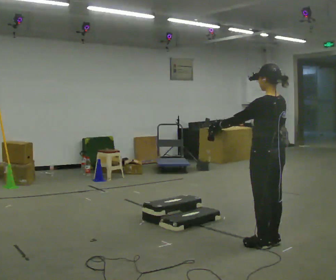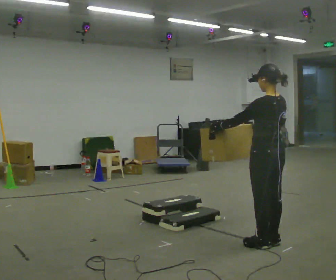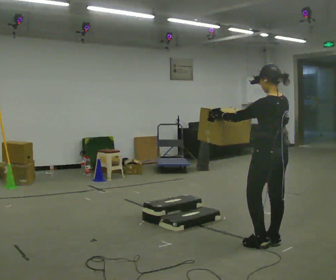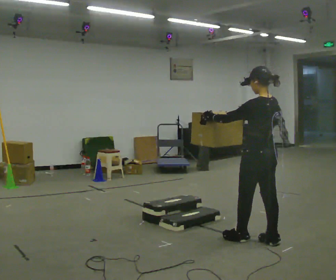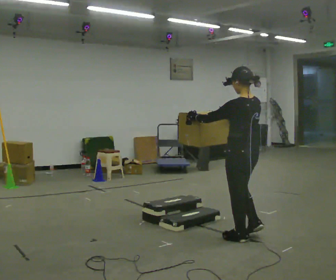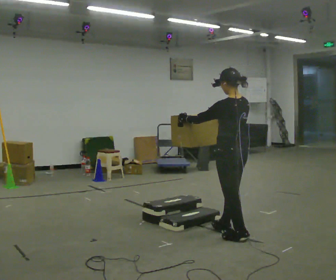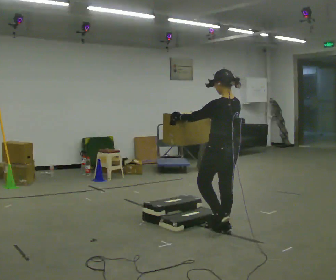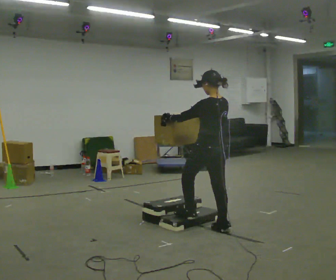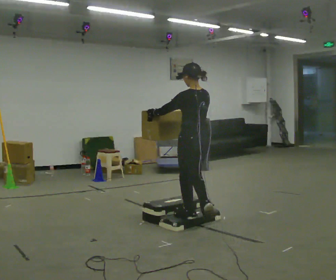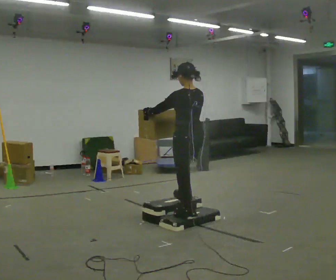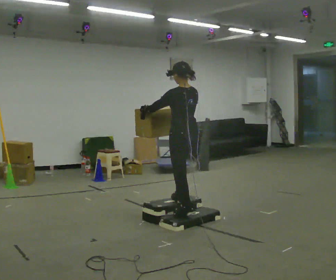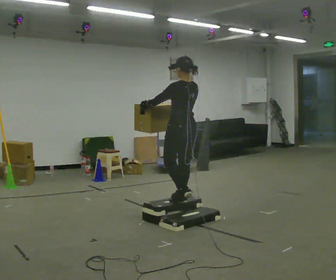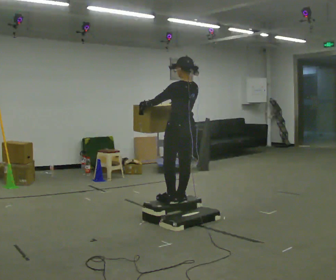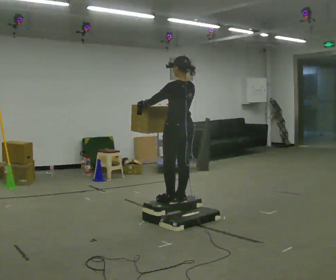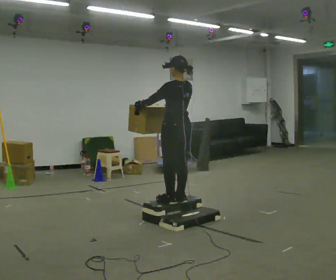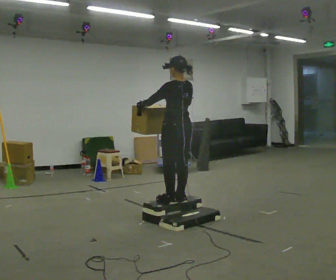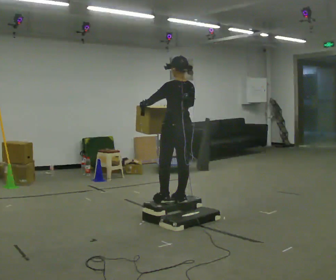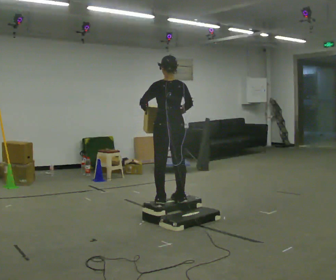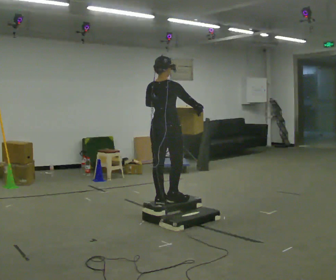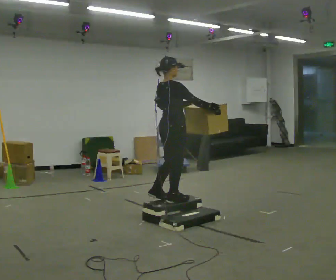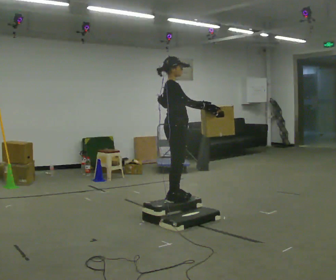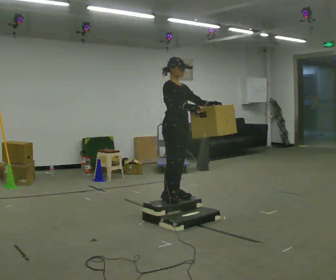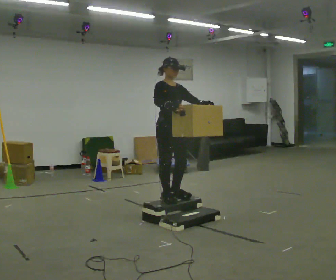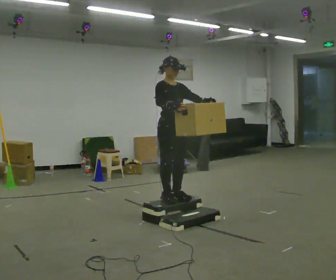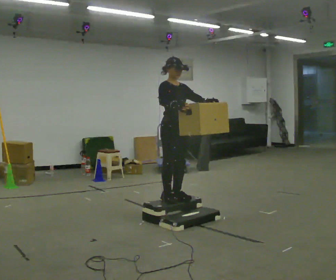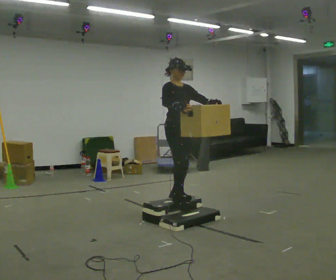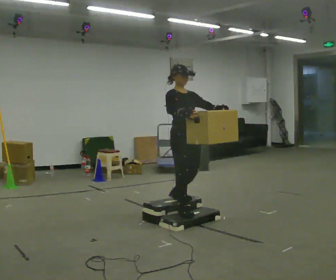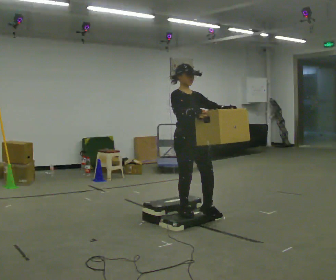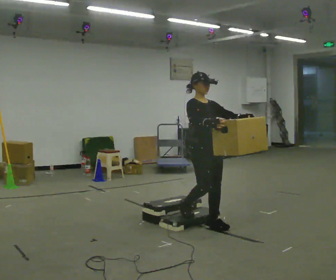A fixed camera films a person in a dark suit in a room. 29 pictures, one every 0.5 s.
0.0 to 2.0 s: In the picture they go to the left and away from the camera, about 0.25 m in 1 step, which for them is forward.
2.0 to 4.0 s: In the picture they go away from the camera and to the left, about 0.75 m in 2 steps, which for them is forward.
4.0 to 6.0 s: In the picture they go away from the camera, about 0.25 m in 2 steps, which for them is forward.
6.0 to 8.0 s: The person moves a little, or ends about where they began.
8.0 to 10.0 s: Seen from above the body turns clockwise, about 120 degrees: to their right, with its near side sliding to the left. In the picture their left hand goes to the right.
10.0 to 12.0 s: The part of the body nearest the lens slides to the left as the person turns to their right by about 45 degrees.
12.0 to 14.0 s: In the picture they go toward the camera and to the right, about 0.5 m in 2 steps, which for them is forward. The shoulders move downward.
The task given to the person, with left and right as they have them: Carry the box up the three steps, turn at the top, and carry it back down. Use the handrail only if you need it. Keep going until the operator says stop; one object at a time, and do not rush between trips.
The film runs forward here.
